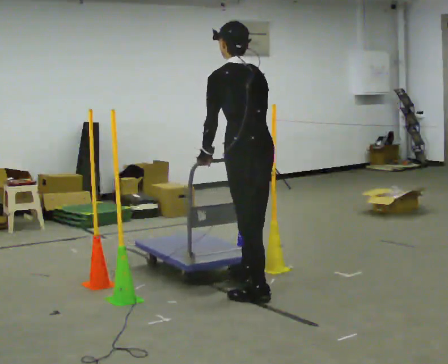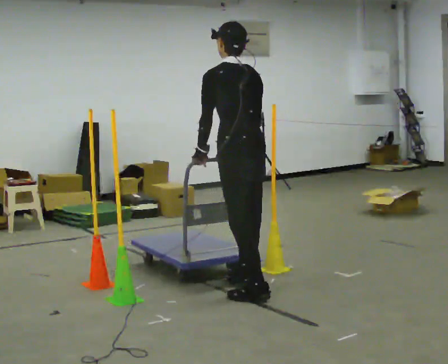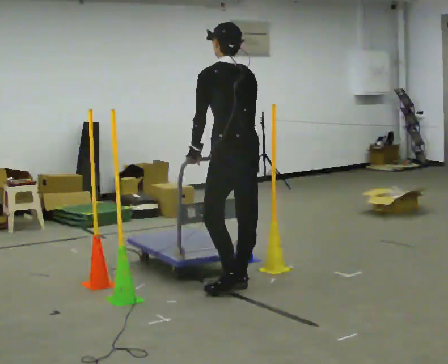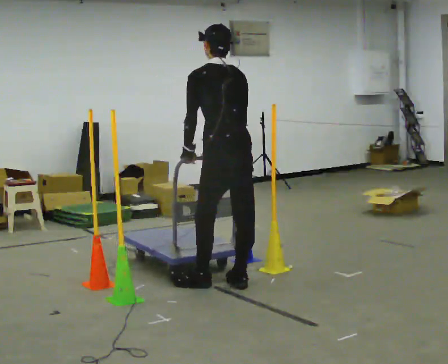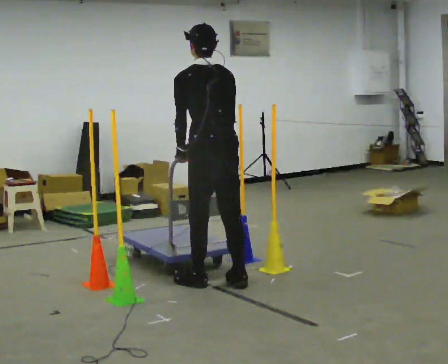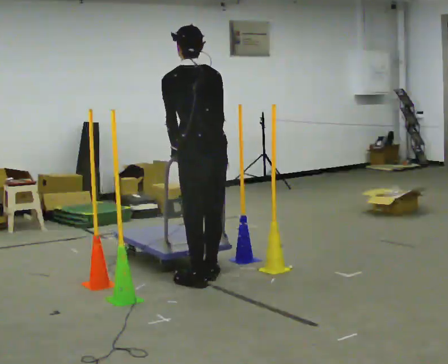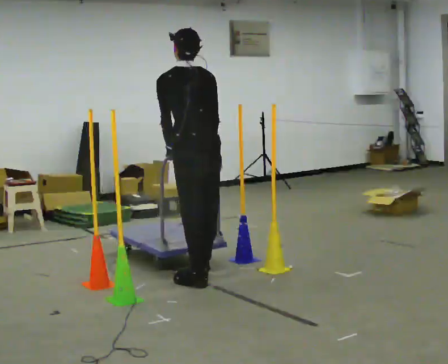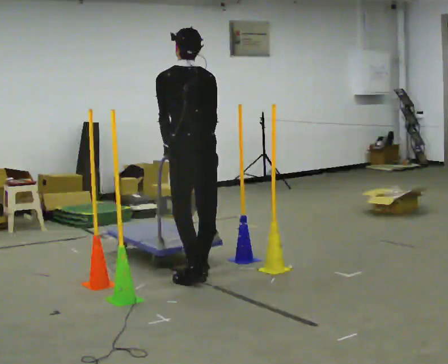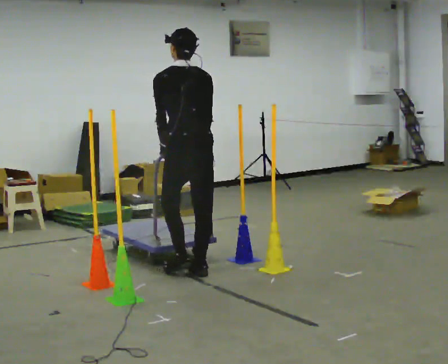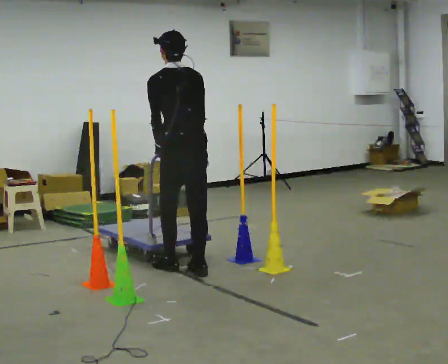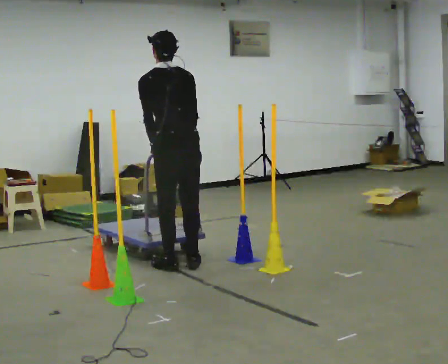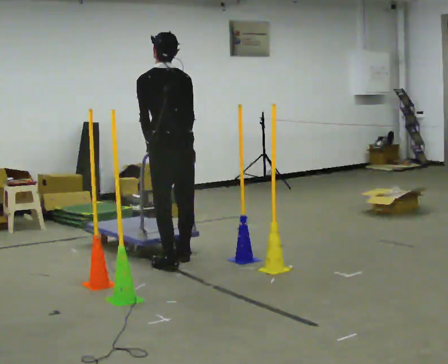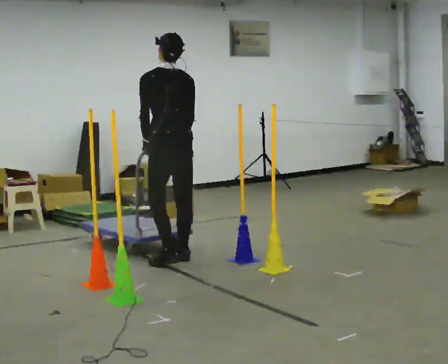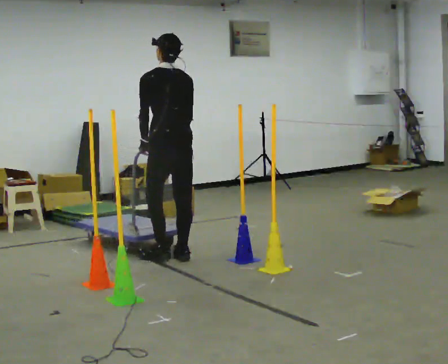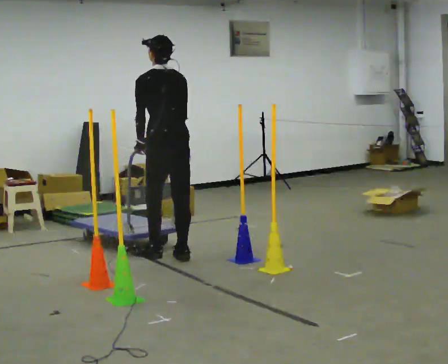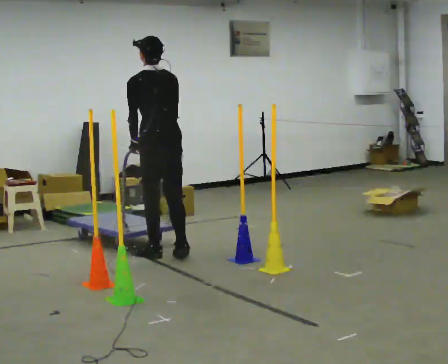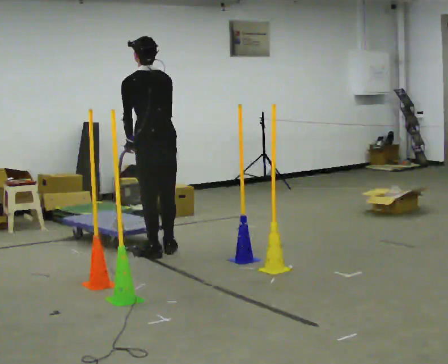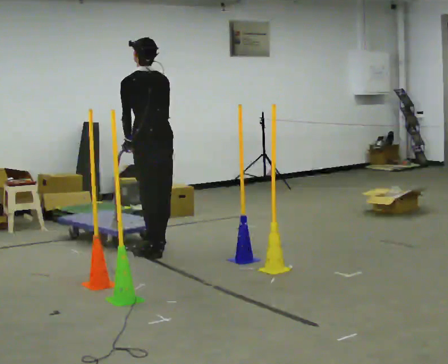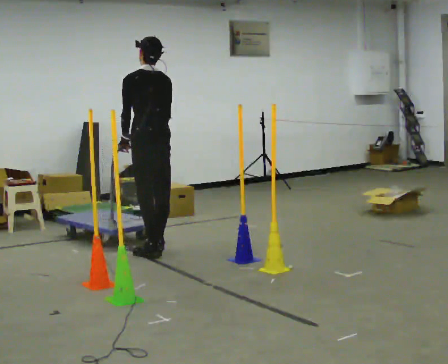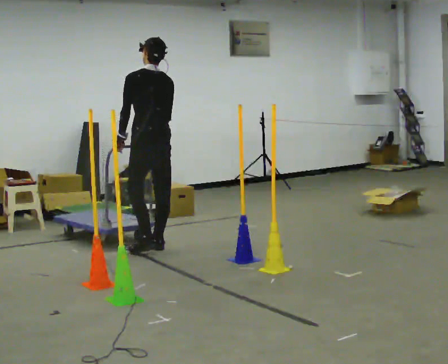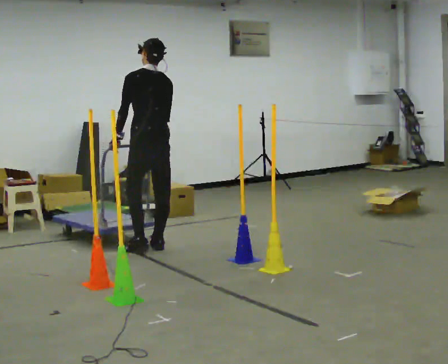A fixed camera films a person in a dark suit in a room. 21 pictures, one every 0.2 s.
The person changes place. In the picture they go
away from the camera.
0.0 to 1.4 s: In the picture they go away from the camera and to the left, about 0.5 m in 2 steps, which for them is forward.
1.4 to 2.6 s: In the picture they go away from the camera, about 0.5 m in 3 steps, which for them is forward.
2.6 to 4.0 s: In the picture they go away from the camera and to the left, about 0.5 m in 2 steps, which for them is forward.
The film runs backward here.
